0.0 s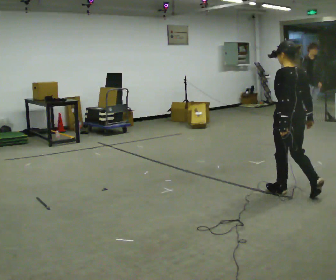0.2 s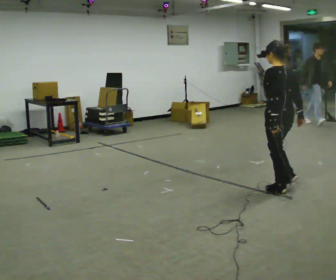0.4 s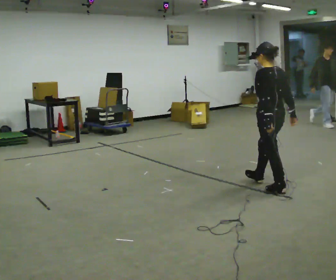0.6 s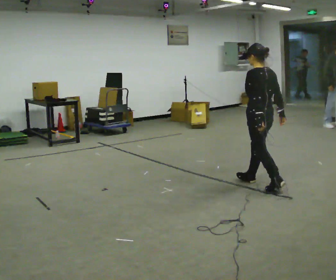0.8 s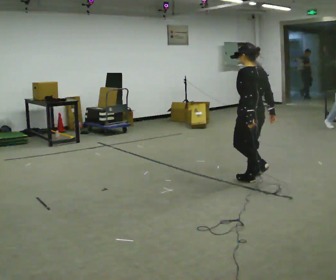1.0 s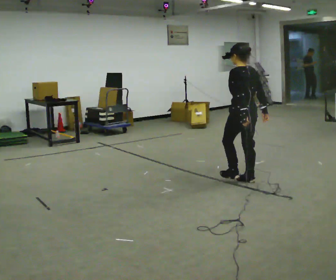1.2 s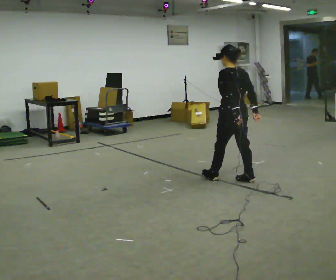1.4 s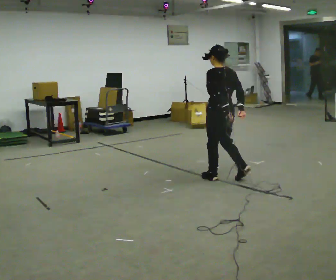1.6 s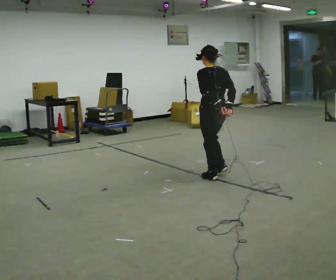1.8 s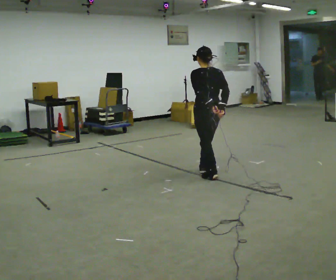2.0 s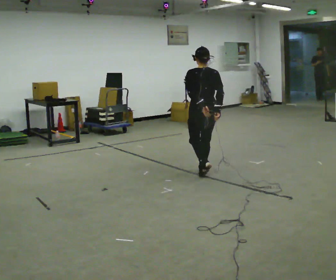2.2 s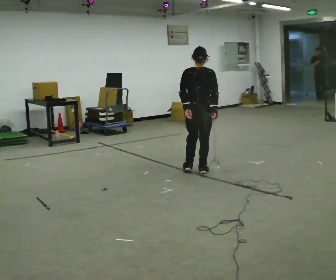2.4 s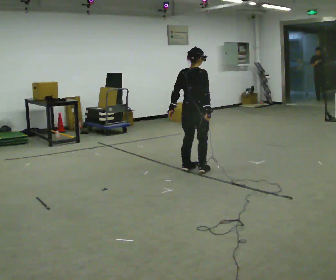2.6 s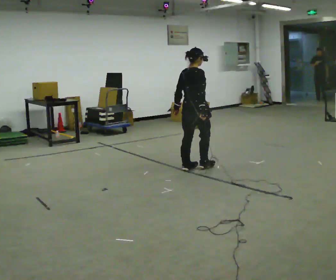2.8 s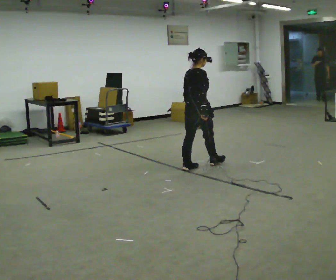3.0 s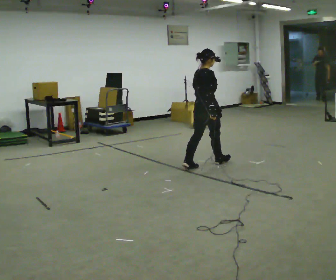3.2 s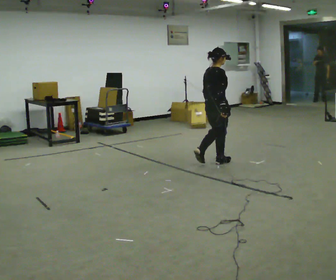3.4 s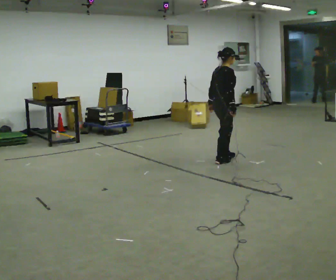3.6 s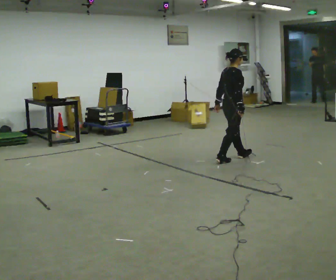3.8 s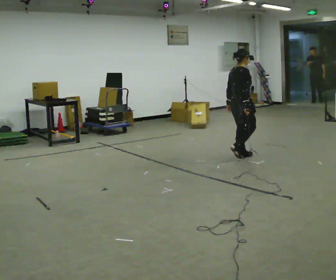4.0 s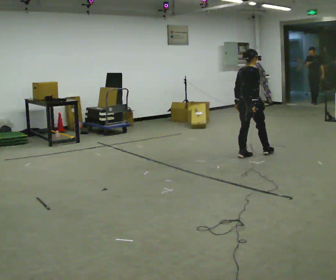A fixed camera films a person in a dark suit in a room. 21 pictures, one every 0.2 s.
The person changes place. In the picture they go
away from the camera.
The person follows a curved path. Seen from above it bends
clockwise.
0.0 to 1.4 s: In the picture they go away from the camera and to the left, about 1 m in 2 steps, which for them is forward.
1.4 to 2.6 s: The person turns about 90 degrees to their right, clockwise seen from above, so the part of the body nearest the lens slides to the left. In the picture they go away from the camera and to the left, about 0.5 m in 2 steps.
2.6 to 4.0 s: In the picture they go to the right and away from the camera, about 1 m in 2 steps, which for them is forward.
The film runs forward here.
